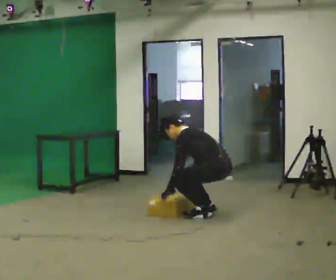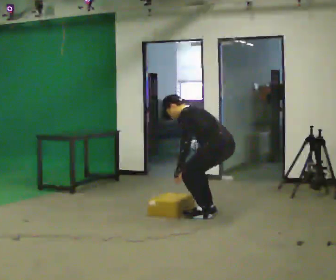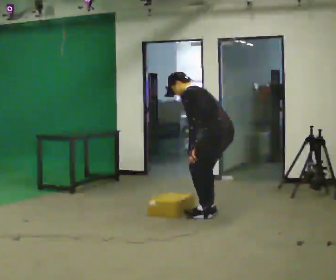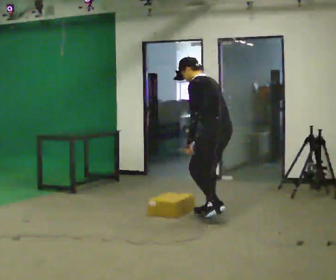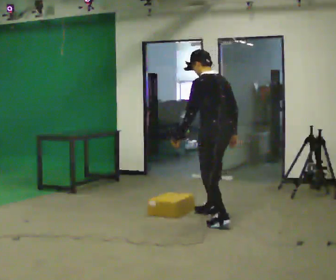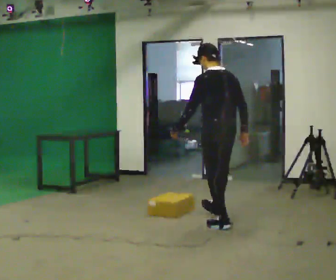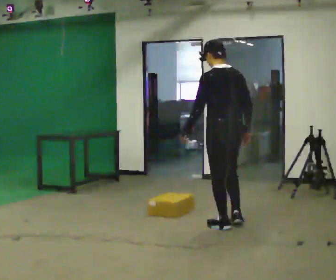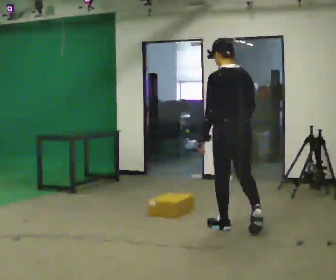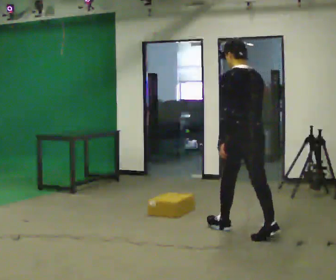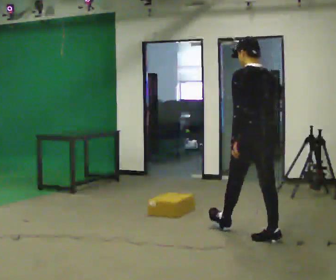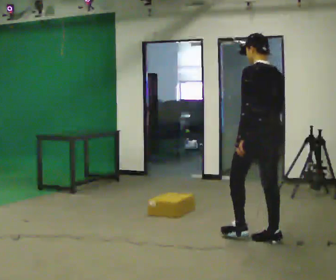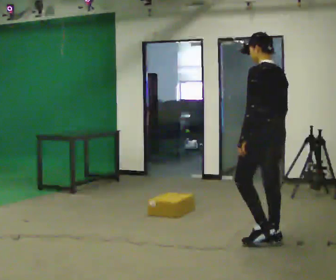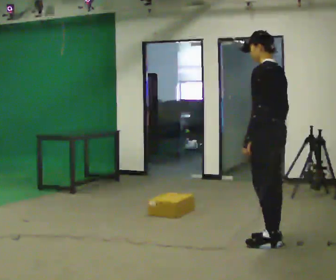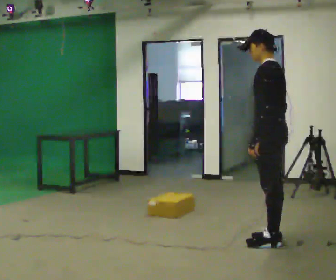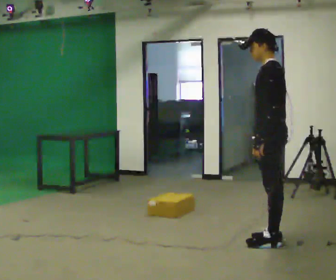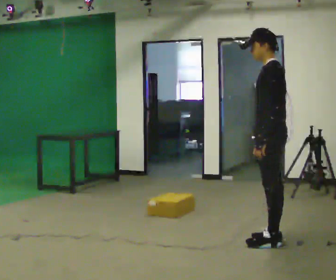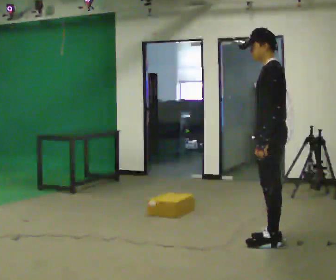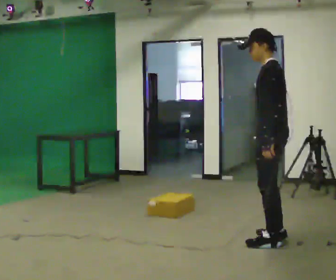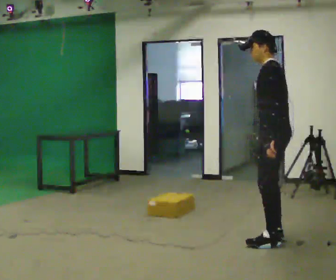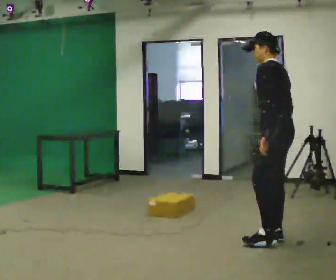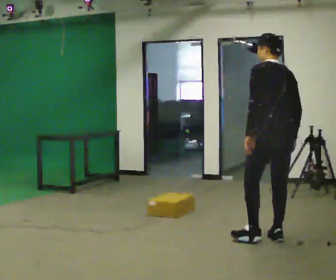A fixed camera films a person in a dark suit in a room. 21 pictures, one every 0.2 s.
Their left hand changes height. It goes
upward.
The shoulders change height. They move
upward.
0.0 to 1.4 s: Seen from above the body turns clockwise, about 45 degrees: to their right, with its near side sliding to the left. In the picture they go toward the camera, about 0.5 m in 2 steps, which for them is backward and to their left. The upper body goes upward. In the picture the upper body tilts clockwise, shoulders to the right, as they lean back or straighten. In the picture their left hand goes upward.
1.4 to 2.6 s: The part of the body nearest the lens slides to the right as the person turns to their left by about 45 degrees. In the picture they go toward the camera and to the right, about 0.5 m in 1 step, which for them is backward.
2.6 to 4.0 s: The part of the body nearest the lens slides to the left as the person turns to their right by about 30 degrees.
The film runs backward here.
